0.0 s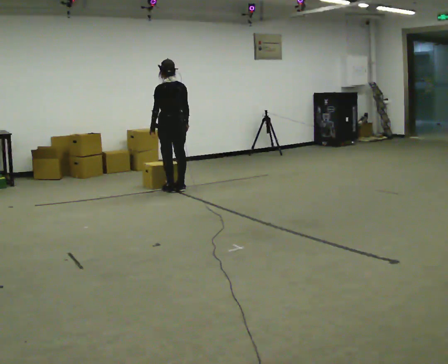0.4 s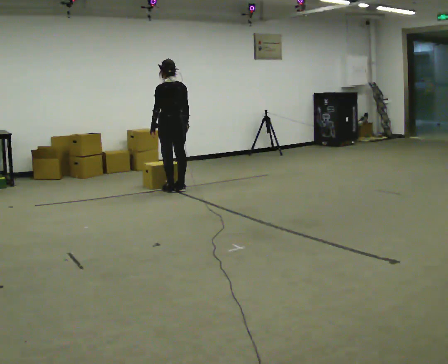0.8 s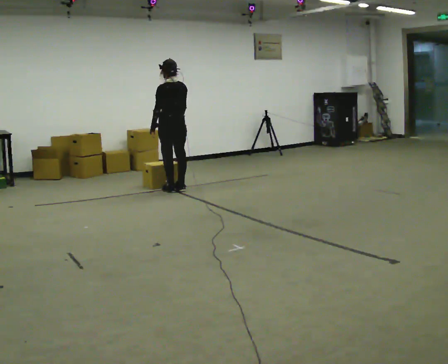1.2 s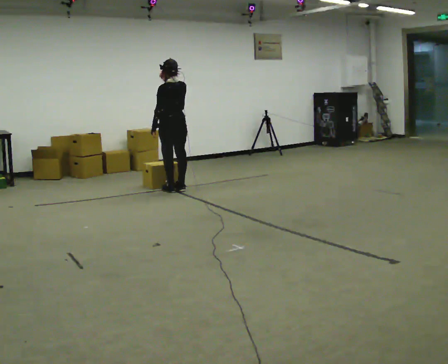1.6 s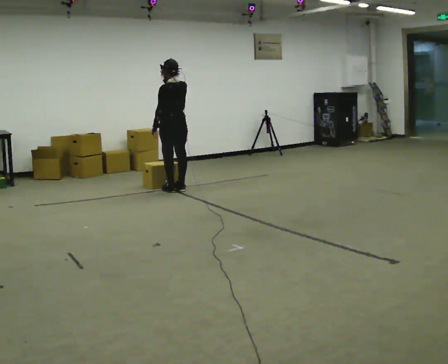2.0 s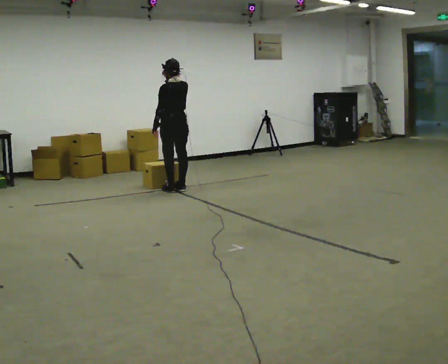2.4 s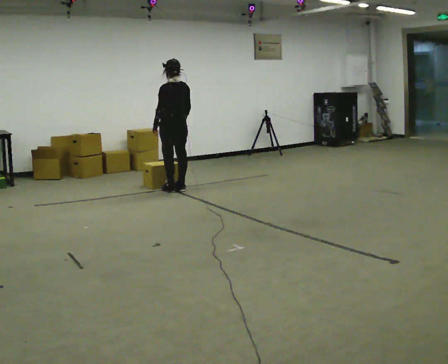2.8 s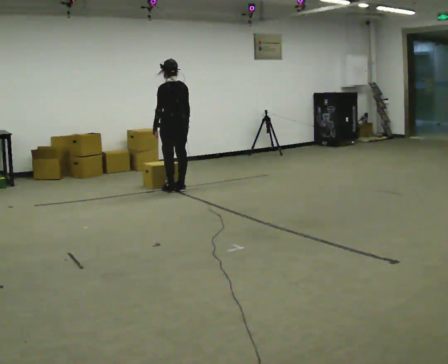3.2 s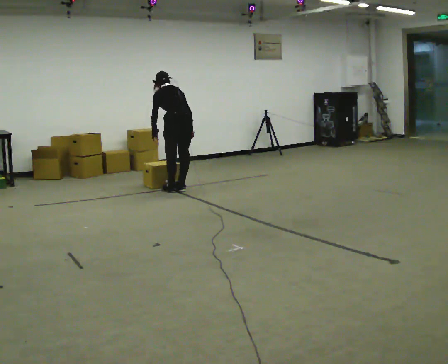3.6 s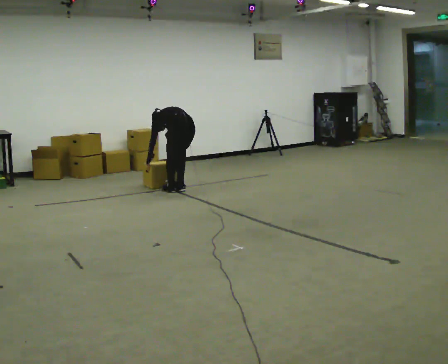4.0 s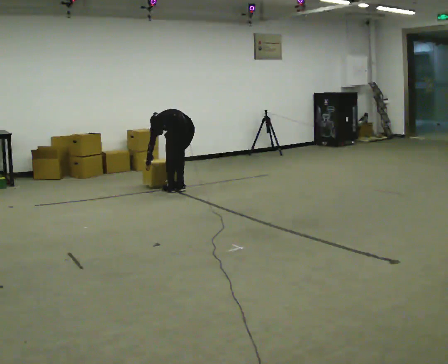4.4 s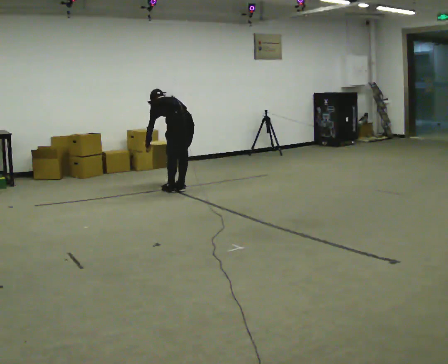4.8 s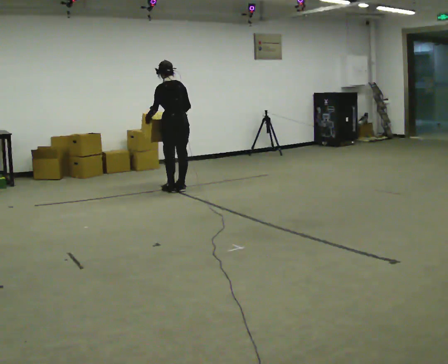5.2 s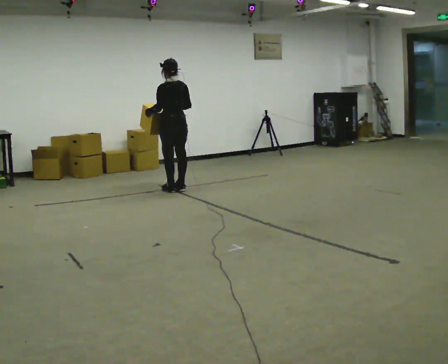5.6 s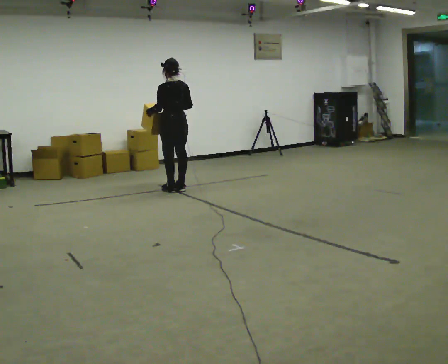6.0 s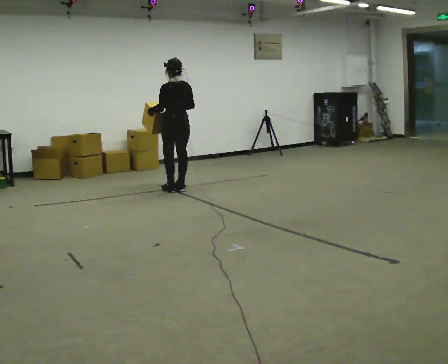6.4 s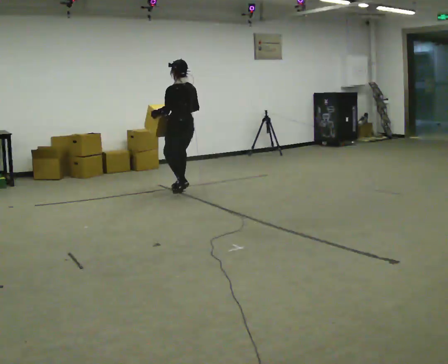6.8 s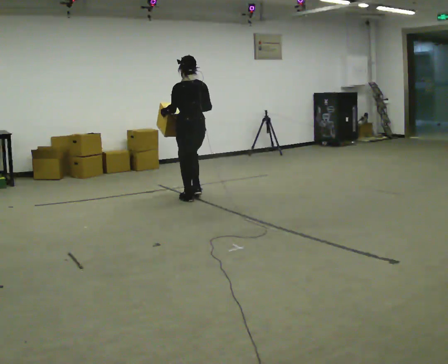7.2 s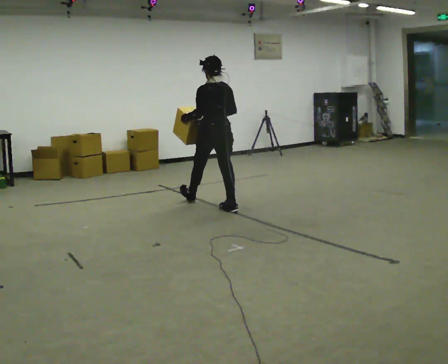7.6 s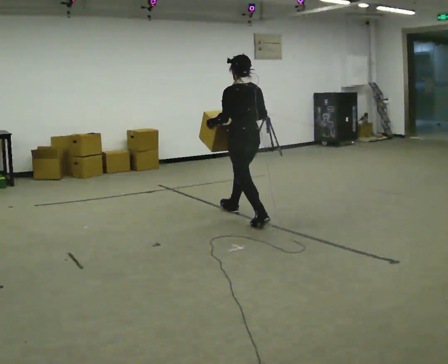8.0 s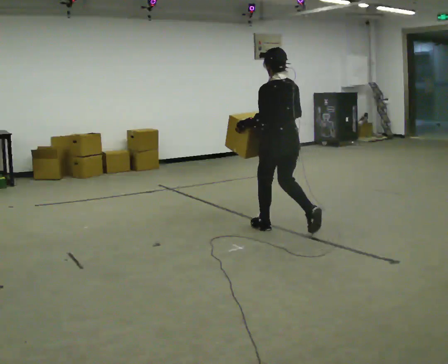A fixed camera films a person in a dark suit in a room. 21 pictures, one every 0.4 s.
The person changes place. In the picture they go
toward the camera.
The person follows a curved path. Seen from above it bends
clockwise.
0.0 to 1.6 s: In the picture their right hand goes upward.
1.6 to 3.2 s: The upper body tips away from the camera, its near side rolling upward, as they bend forward. In the picture their right hand goes downward and to the right.
3.2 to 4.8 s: The person moves a little, or ends about where they began.
4.8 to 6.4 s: The upper body tips toward the camera, its near side rolling downward, as they lean back or straighten.
6.4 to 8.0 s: In the picture they go toward the camera and to the right, about 2 m in 3 steps, which for them is backward.
The film runs backward here.
